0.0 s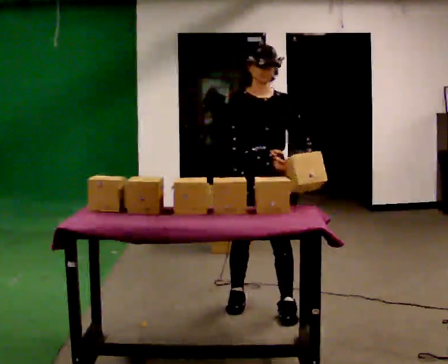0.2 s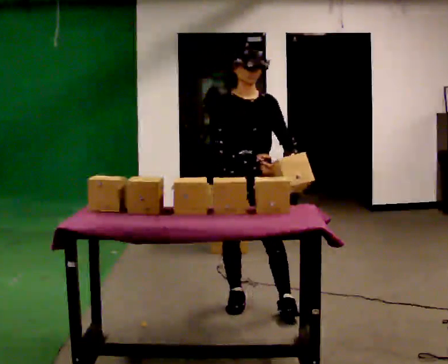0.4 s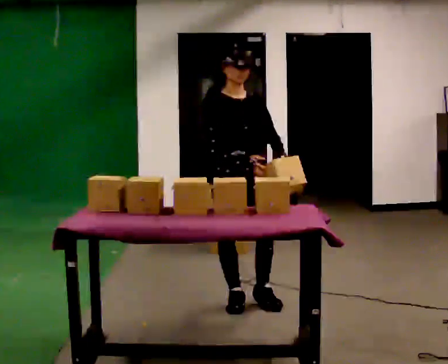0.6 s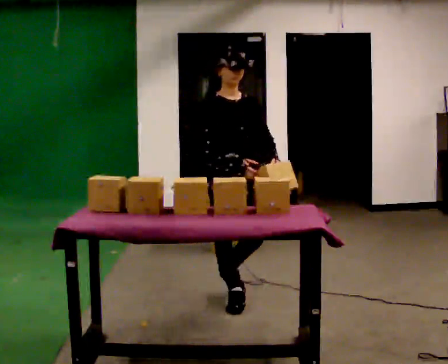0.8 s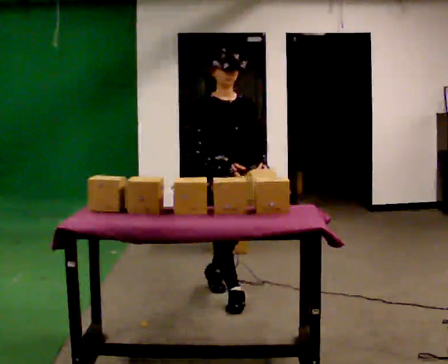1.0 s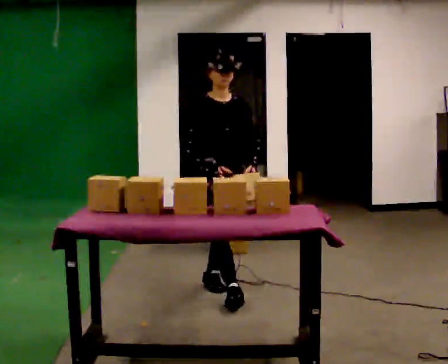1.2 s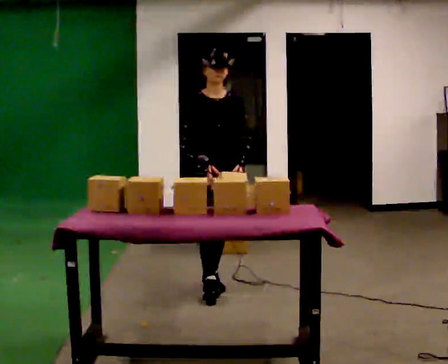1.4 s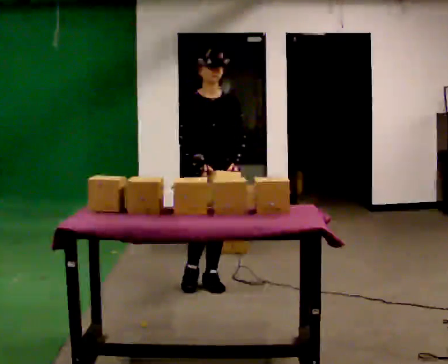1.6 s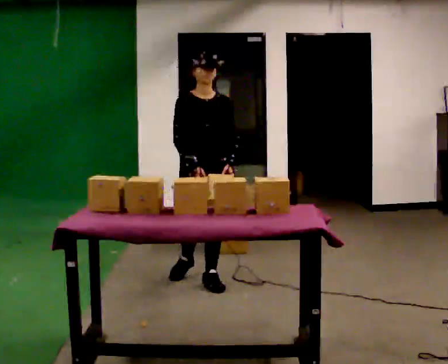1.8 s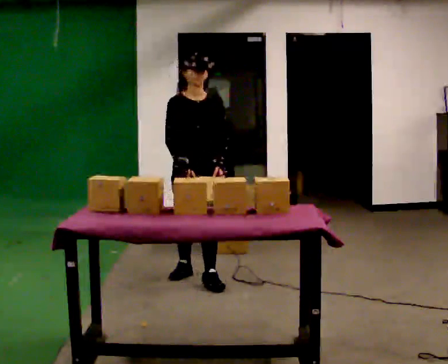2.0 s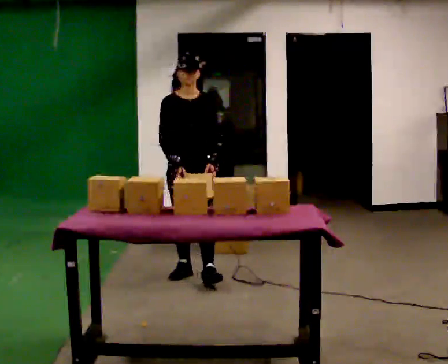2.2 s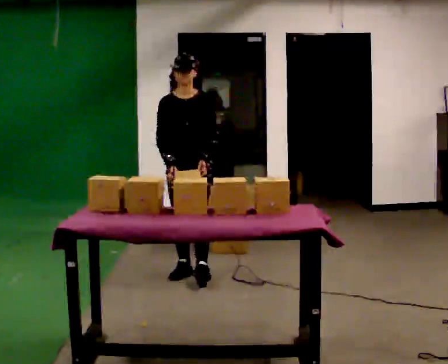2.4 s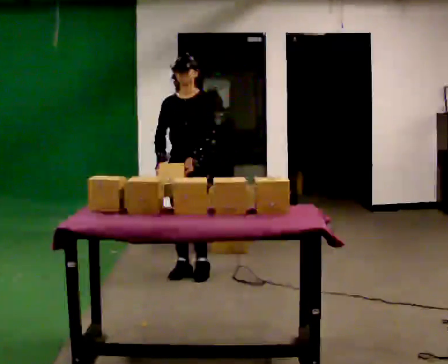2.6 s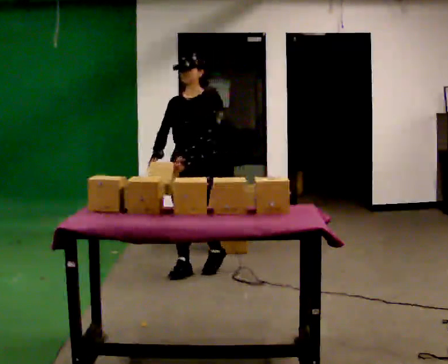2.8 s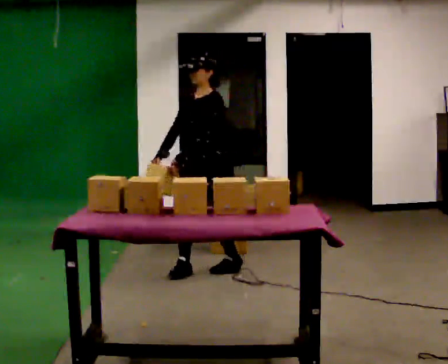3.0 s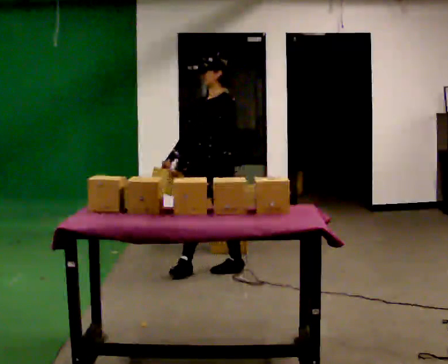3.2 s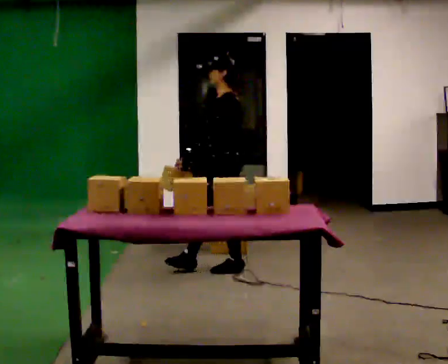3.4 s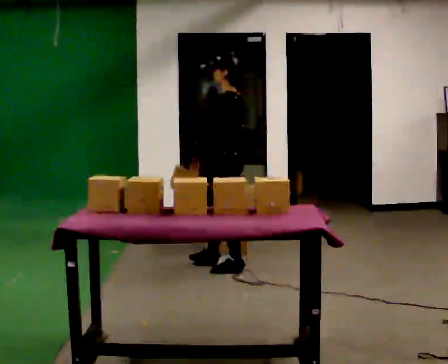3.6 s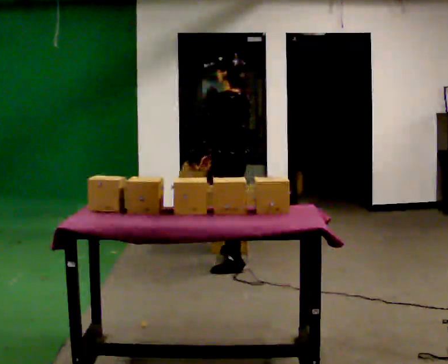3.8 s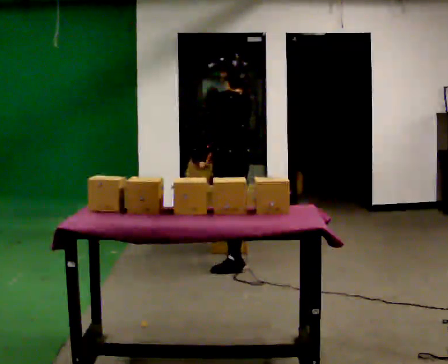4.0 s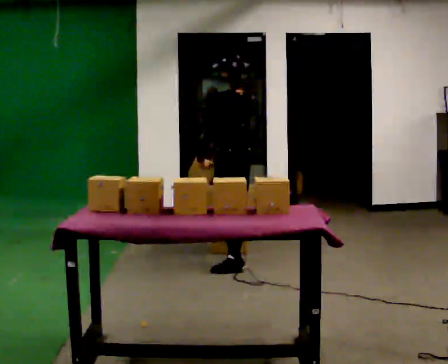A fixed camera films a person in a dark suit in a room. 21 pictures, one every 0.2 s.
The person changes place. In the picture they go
away from the camera.
Their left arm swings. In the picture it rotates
clockwise.
0.0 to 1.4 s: In the picture they go away from the camera and to the left, about 0.75 m in 2 steps, which for them is backward.
1.4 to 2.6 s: The person turns about 30 degrees to their right, clockwise seen from above, so the part of the body nearest the lens slides to the left. In the picture they go away from the camera, about 0.5 m in 1 step, which for them is backward.
2.6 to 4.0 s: The person turns about 105 degrees to their right, clockwise seen from above, so the part of the body nearest the lens slides to the left. In the picture they go to the right and away from the camera, about 0.25 m in 1 step.
The film runs backward here.
